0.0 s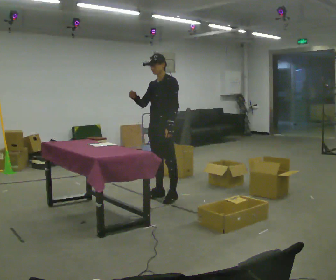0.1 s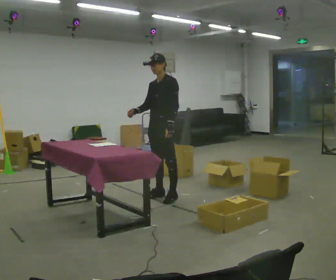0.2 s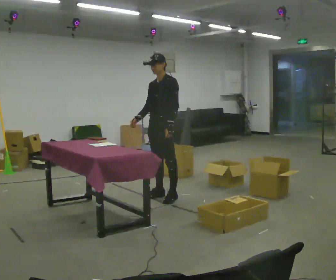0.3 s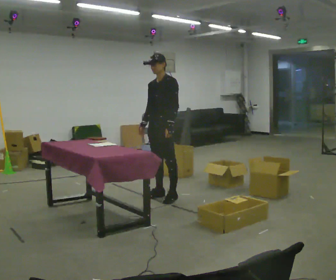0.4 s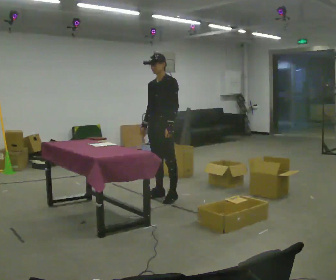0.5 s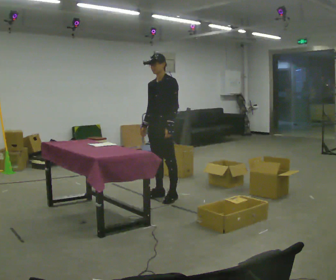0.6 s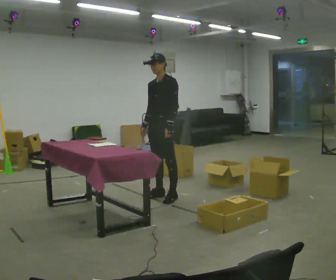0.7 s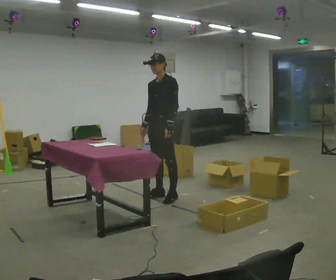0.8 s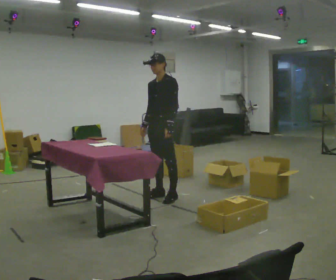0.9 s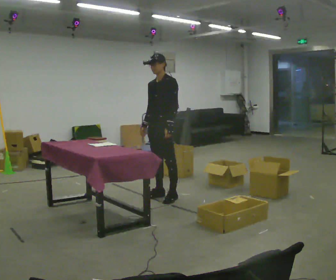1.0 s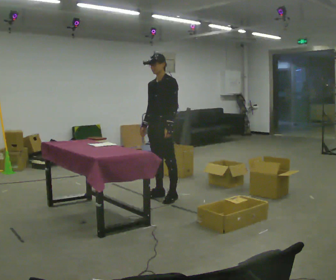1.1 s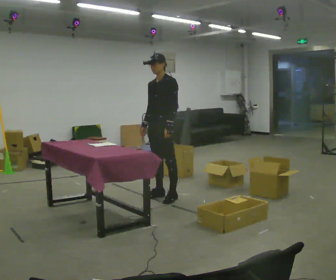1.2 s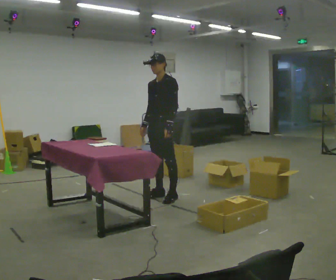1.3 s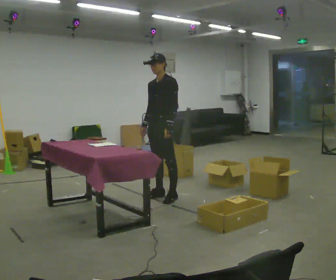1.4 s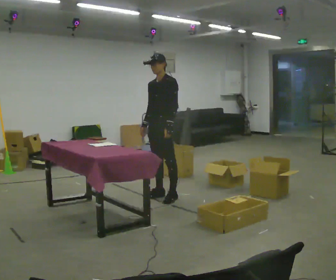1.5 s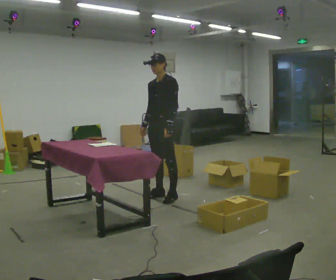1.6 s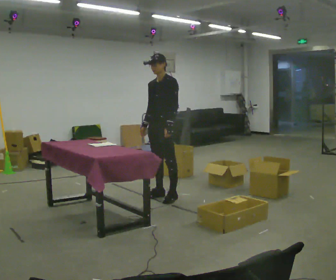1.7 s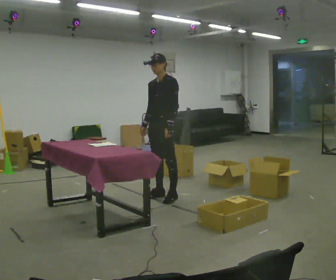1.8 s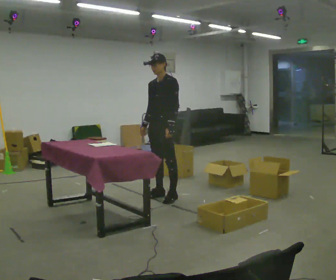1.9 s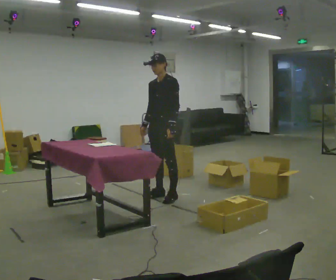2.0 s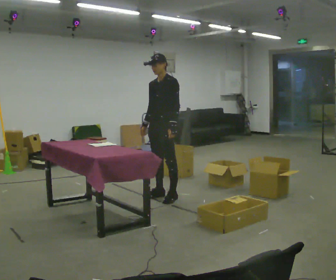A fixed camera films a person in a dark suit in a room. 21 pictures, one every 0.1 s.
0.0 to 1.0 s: In the picture their right hand goes downward, the arm swinging counterclockwise.
1.0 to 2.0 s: The person moves a little, or ends about where they began.
The film runs backward here.
